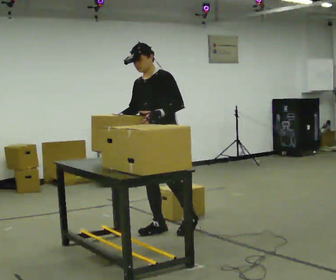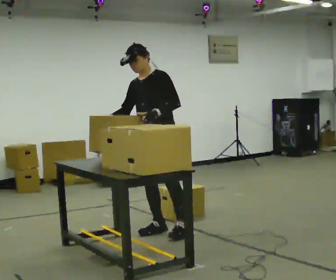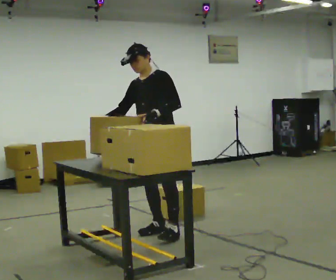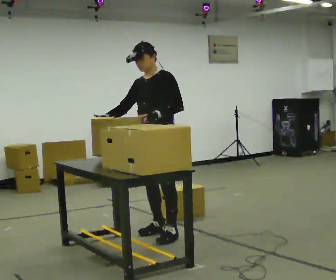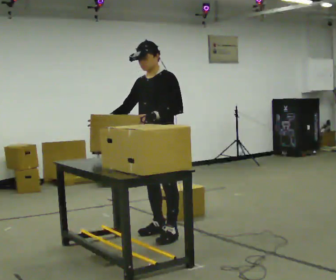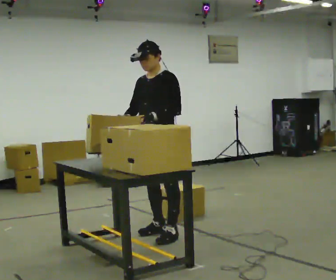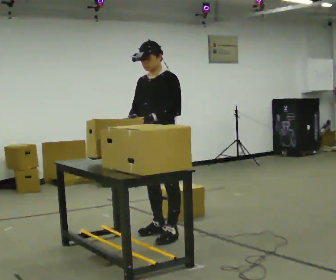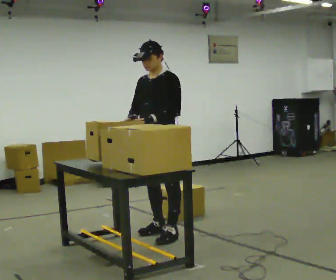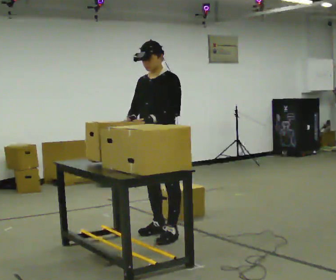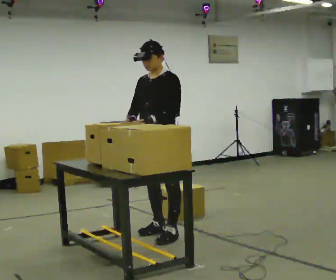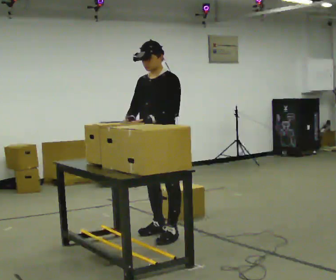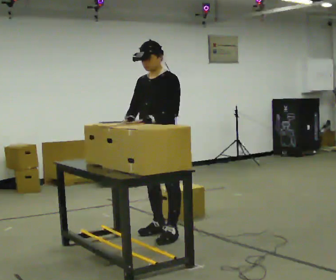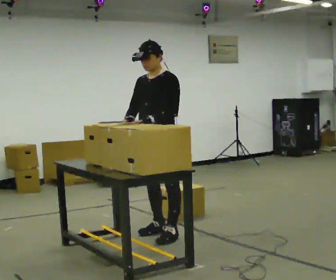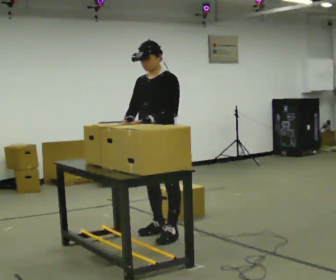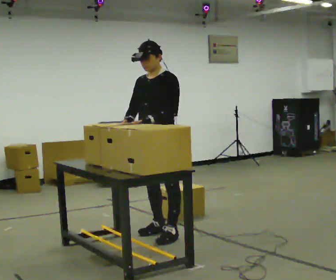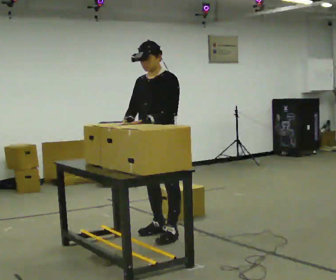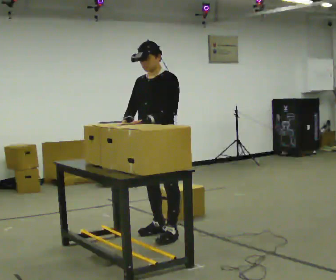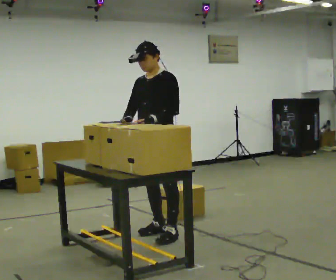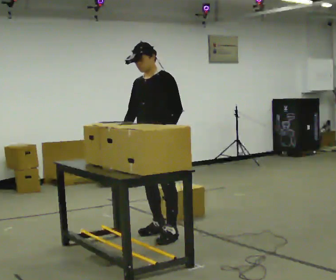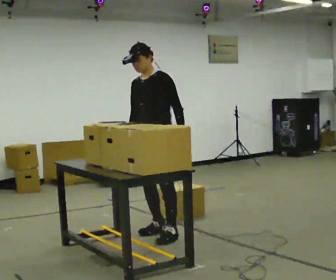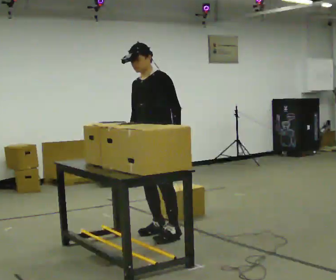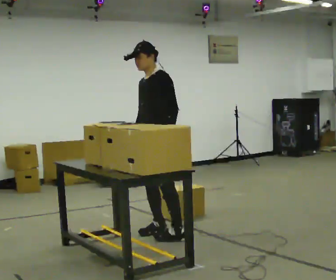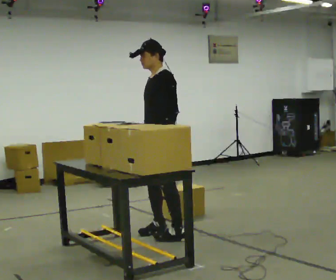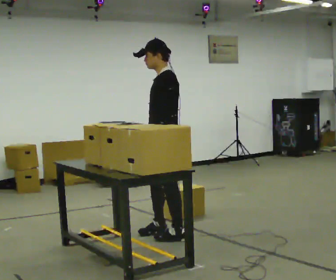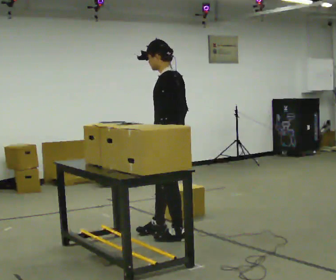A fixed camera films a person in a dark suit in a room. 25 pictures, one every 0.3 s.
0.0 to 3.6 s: The person moves a little, or ends about where they began.
3.6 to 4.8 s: The person keeps their place and pose.
4.8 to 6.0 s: The person moves a little, or ends about where they began.
6.0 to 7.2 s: Seen from above the body turns clockwise, about 60 degrees: to their right, with its near side sliding to the left. In the picture they go toward the camera, about 0.25 m, which for them is to their left.
The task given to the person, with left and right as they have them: Pick the fragile object up and set it back down as gently as you can. Repeat at your own pace until the operator says stop. Keep both feet on the marked spots for the whole take. If you have to step, stop and tell the operator.
The film runs forward here.
